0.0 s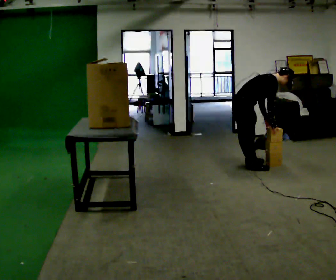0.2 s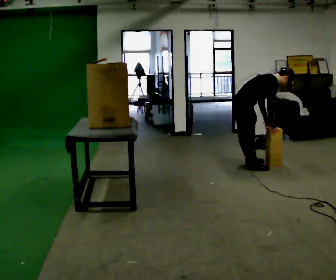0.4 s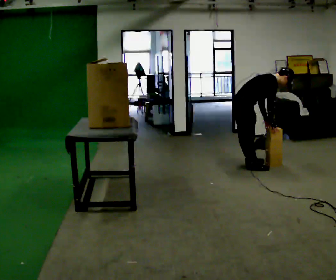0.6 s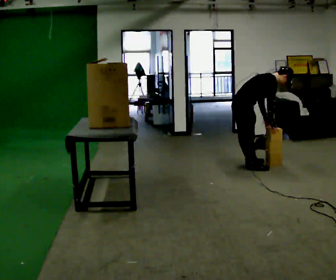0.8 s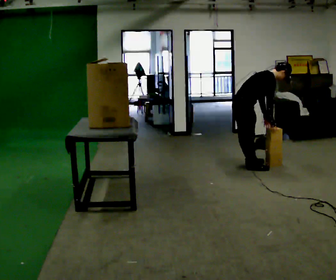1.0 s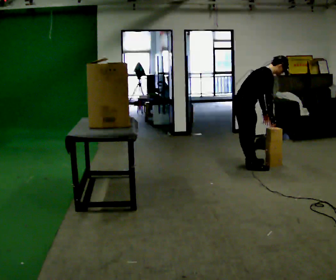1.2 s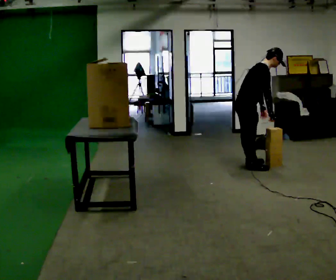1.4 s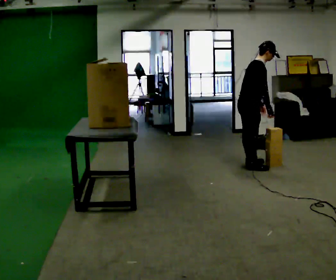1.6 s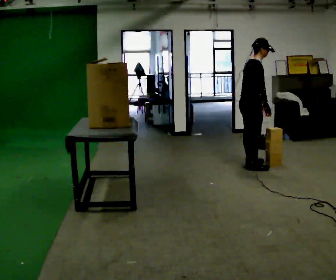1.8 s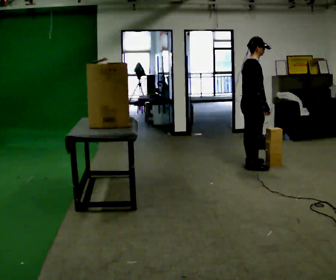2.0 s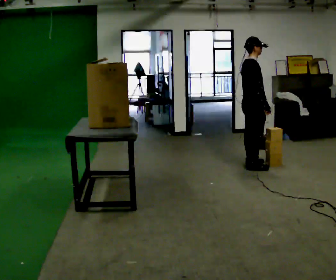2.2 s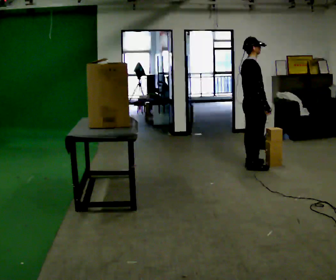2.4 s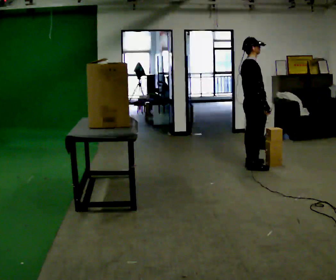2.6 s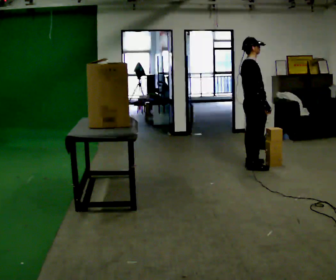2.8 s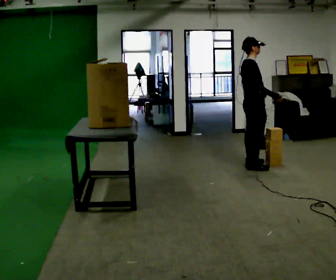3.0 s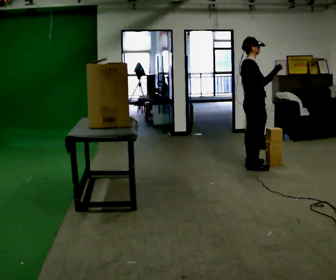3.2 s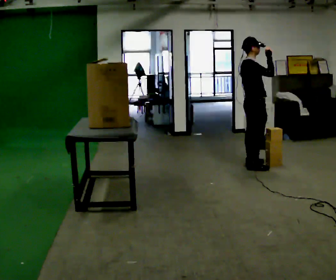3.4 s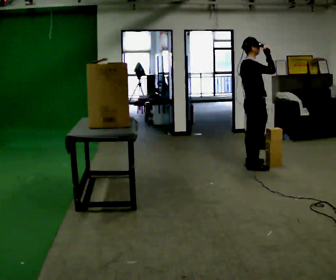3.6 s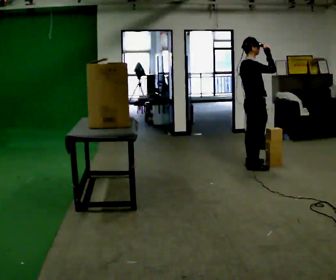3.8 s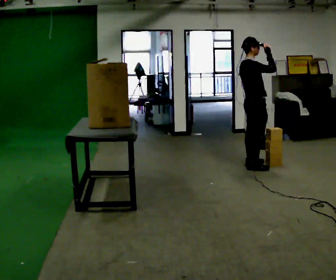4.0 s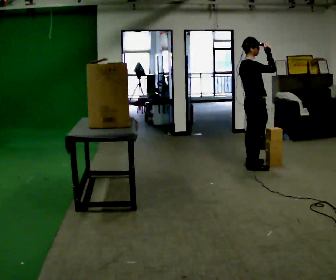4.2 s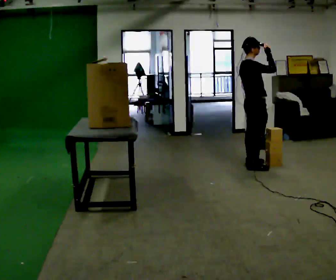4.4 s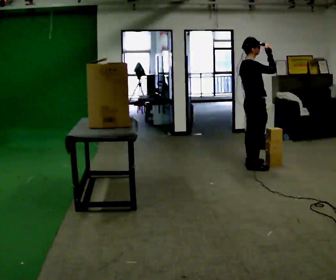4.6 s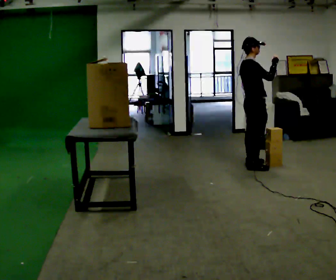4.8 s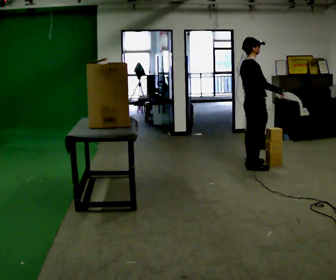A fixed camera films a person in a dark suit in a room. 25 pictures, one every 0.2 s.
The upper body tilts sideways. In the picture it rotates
counterclockwise.
0.0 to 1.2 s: The shoulders move upward. In the picture the upper body tilts counterclockwise, shoulders to the left, as they lean back or straighten.
1.2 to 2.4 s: In the picture the upper body tilts counterclockwise, shoulders to the left, as they lean back or straighten.
2.4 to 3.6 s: In the picture their right hand goes upward.
3.6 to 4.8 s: In the picture their right hand goes downward.
The film runs forward here.
